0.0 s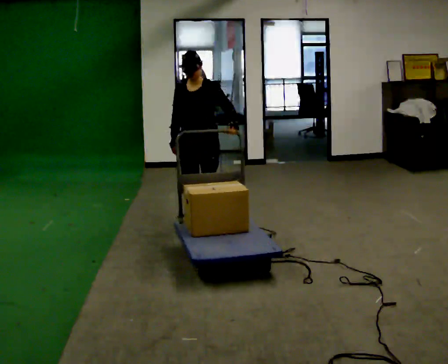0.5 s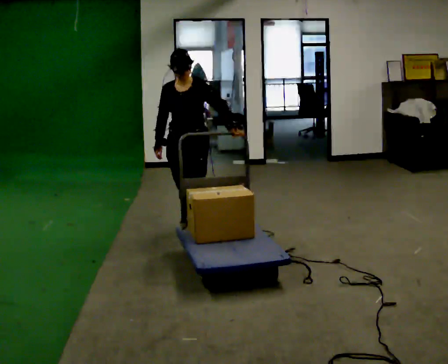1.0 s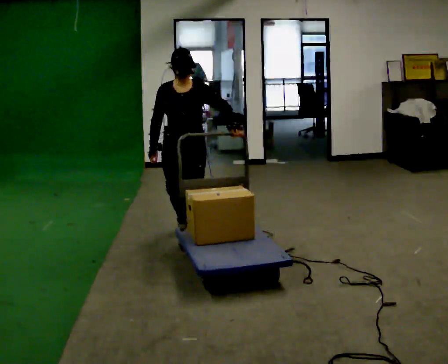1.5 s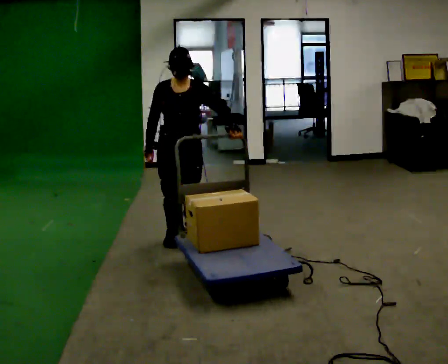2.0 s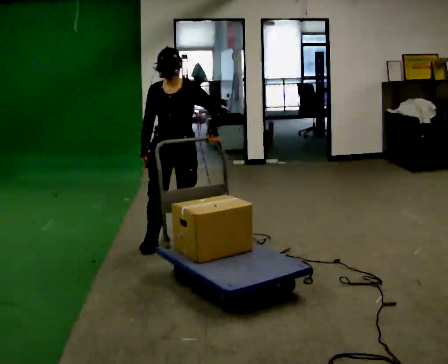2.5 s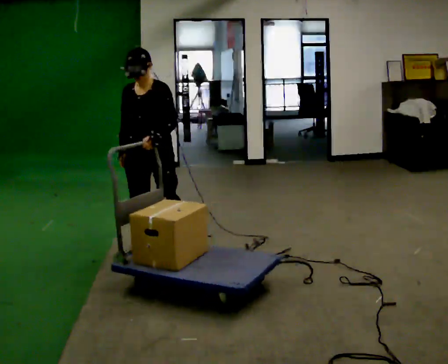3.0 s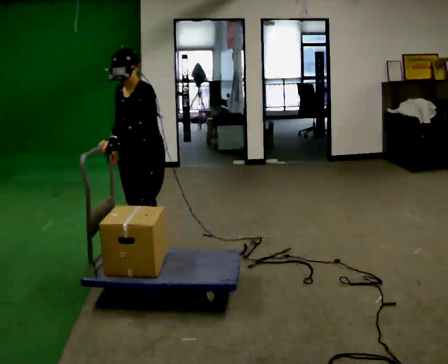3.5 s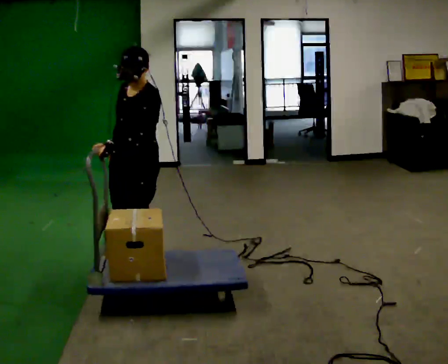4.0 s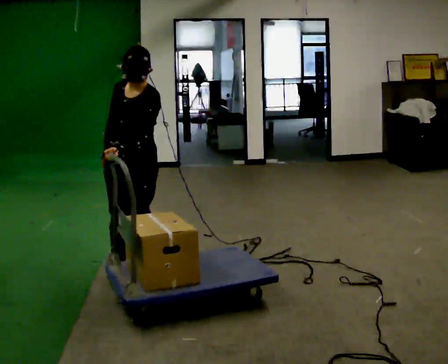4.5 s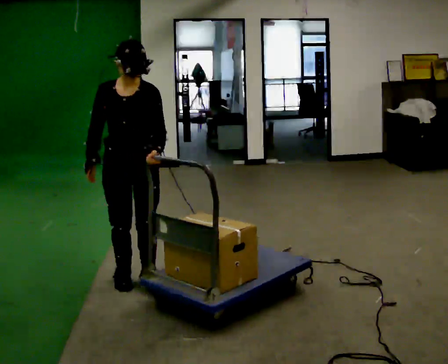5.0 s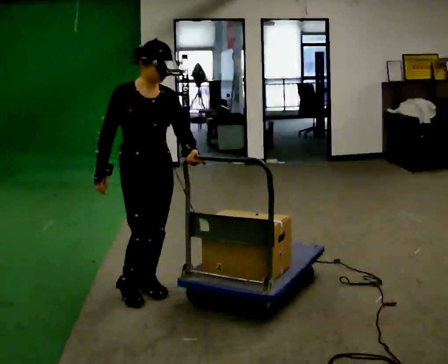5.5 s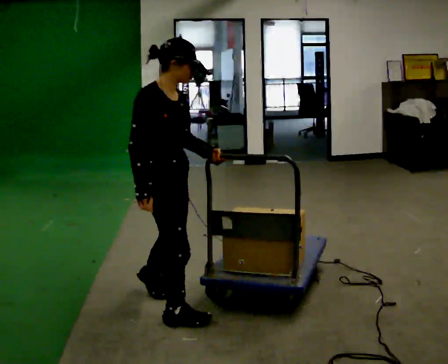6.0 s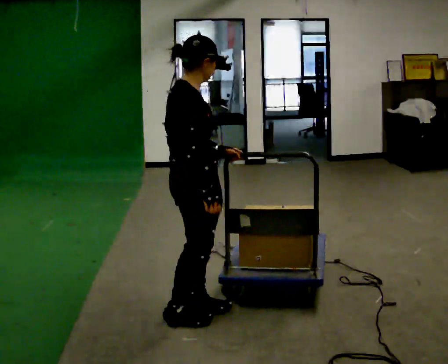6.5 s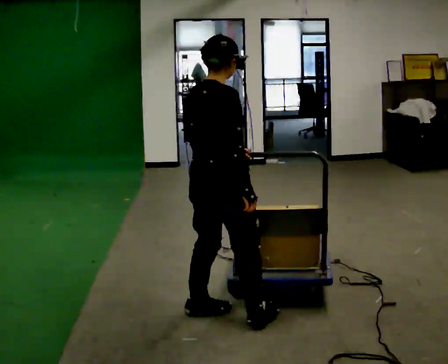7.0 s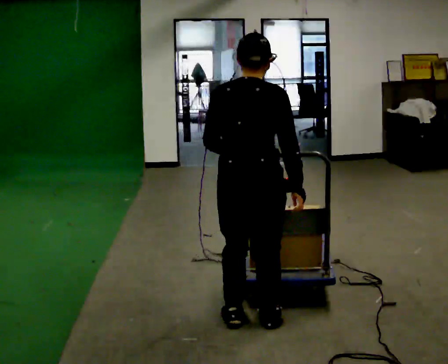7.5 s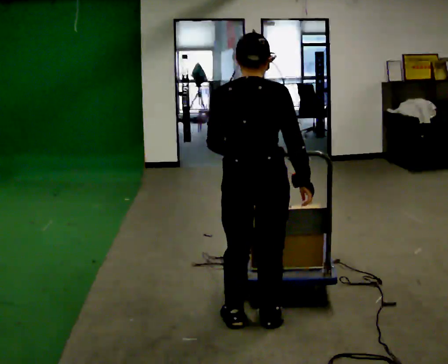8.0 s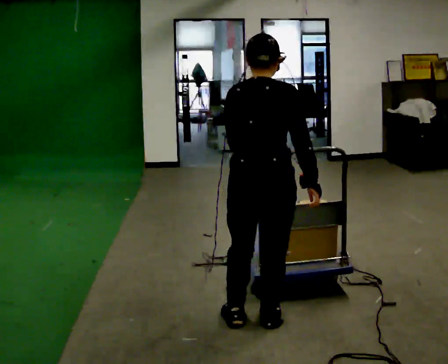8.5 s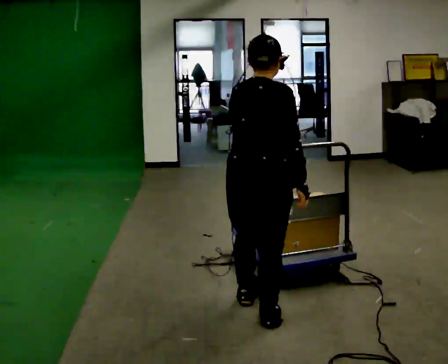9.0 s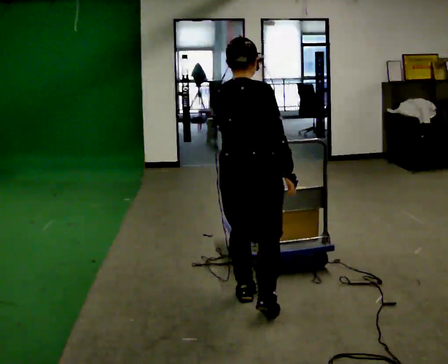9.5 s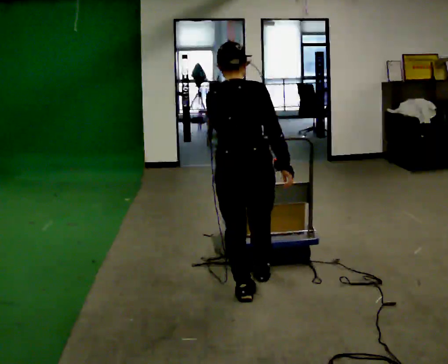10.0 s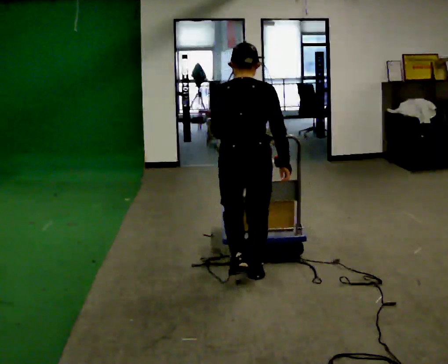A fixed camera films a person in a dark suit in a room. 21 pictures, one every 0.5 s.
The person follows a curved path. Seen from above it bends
counterclockwise.
0.0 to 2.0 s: In the picture they go toward the camera, about 0.5 m in 2 steps, which for them is forward and to their right.
2.0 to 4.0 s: In the picture they go toward the camera and to the left, about 0.5 m in 2 steps, which for them is forward.
4.0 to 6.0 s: The person turns about 120 degrees to their left, counterclockwise seen from above, so the part of the body nearest the lens slides to the right. In the picture they go toward the camera and to the right, about 1 m in 4 steps.
6.0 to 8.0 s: Seen from above the body turns counterclockwise, about 60 degrees: to their left, with its near side sliding to the right. In the picture they go to the right, about 0.5 m in 2 steps.
8.0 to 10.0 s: In the picture they go away from the camera, about 0.5 m in 2 steps, which for them is forward and to their left.
The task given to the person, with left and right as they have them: Push the cart along the marked route and round the corner to the side the operator calls.
The film runs forward here.
